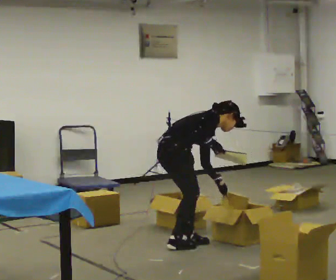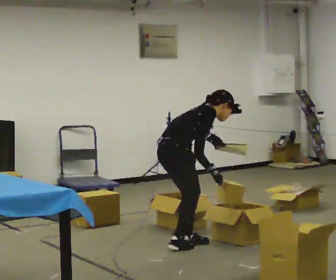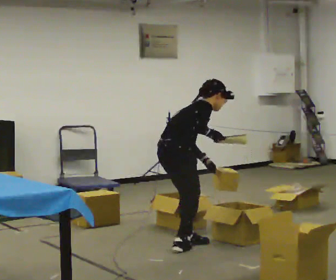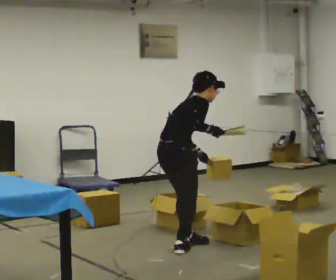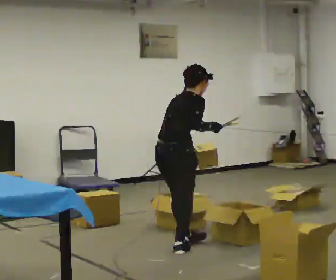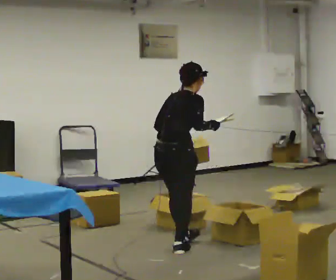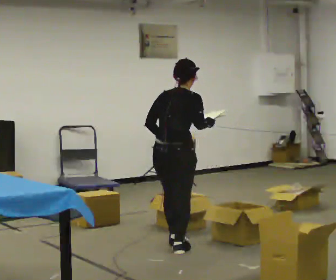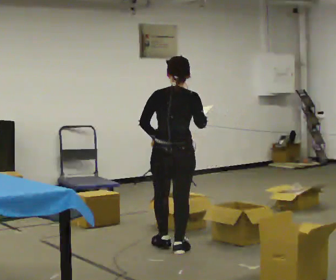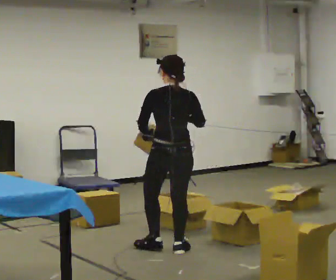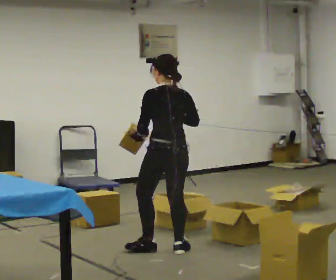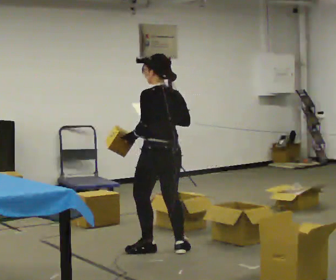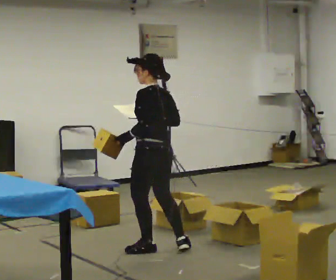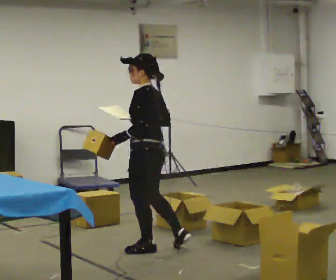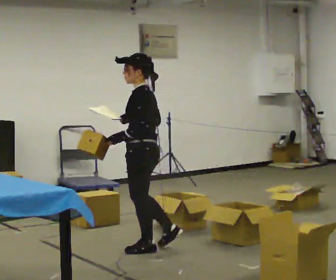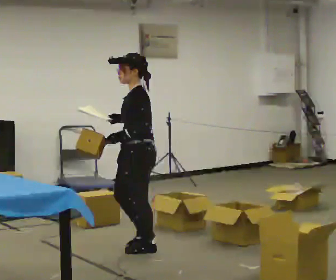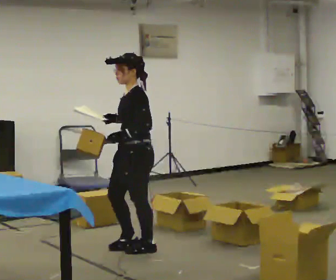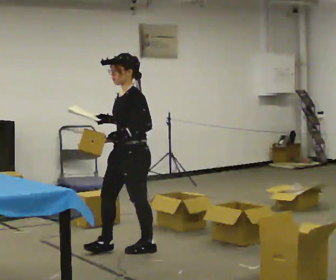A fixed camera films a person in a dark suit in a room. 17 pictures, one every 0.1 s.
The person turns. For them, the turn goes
to their left.
The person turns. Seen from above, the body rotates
counterclockwise.
0.0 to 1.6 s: Seen from above the body turns counterclockwise, about 195 degrees: to their left, with its near side sliding to the right. In the picture they go to the left and toward the camera, about 0.25 m in 1 step. The upper body goes upward. In the picture the upper body tilts counterclockwise, shoulders to the left, as they lean back or straighten. In the picture their left hand goes upward.
The film runs forward here.
